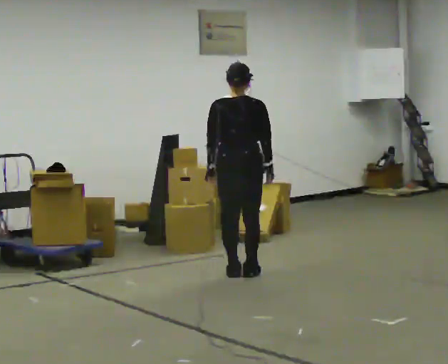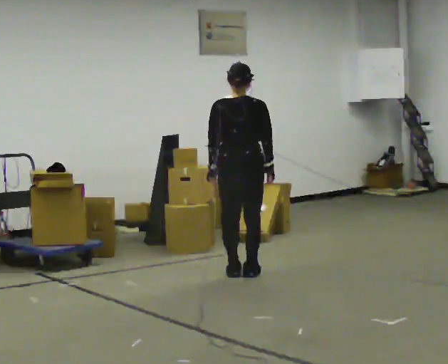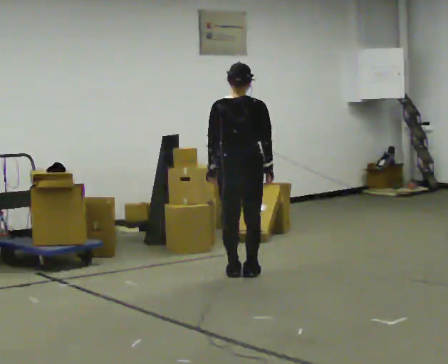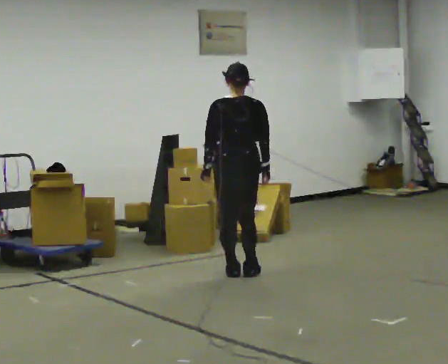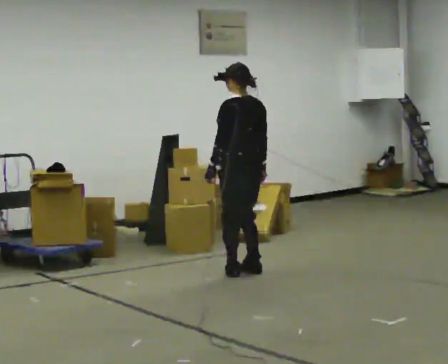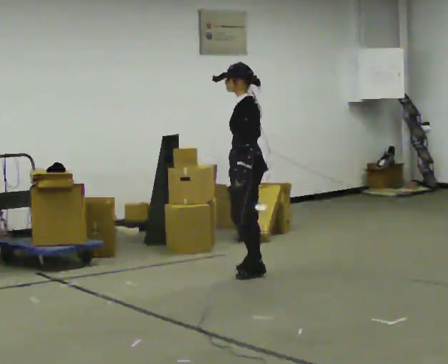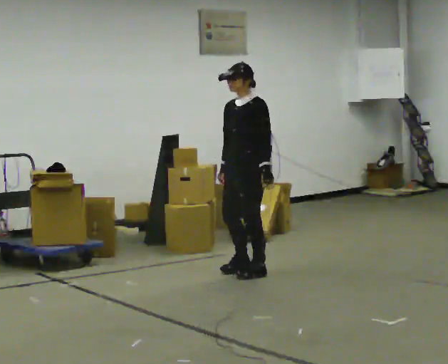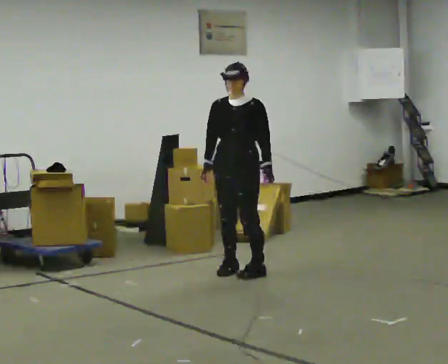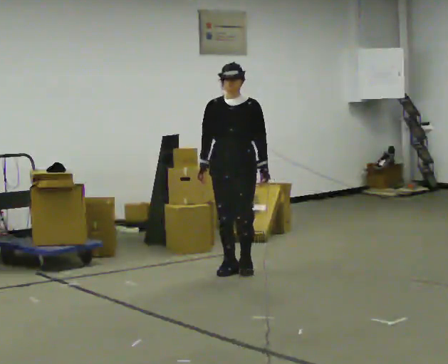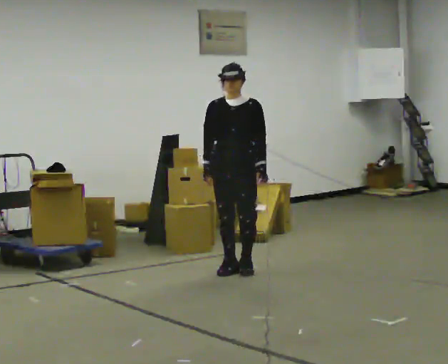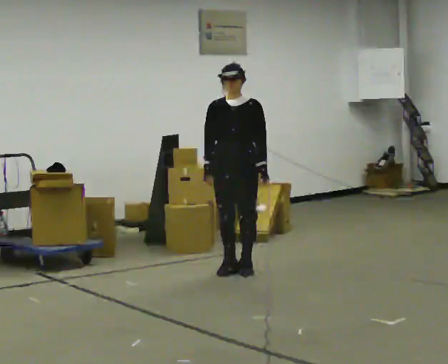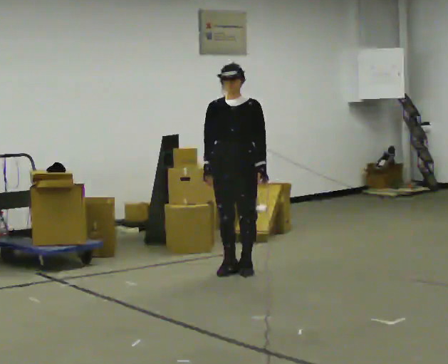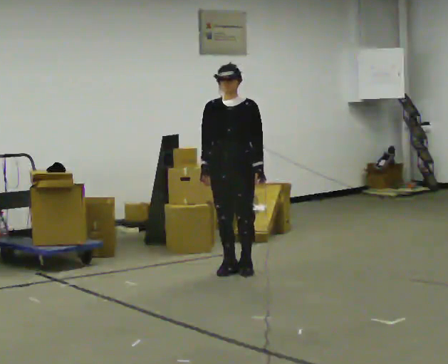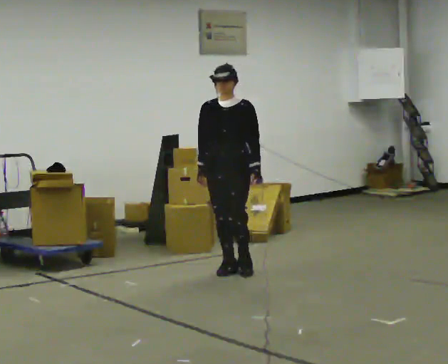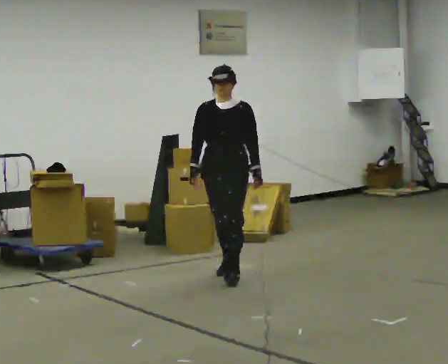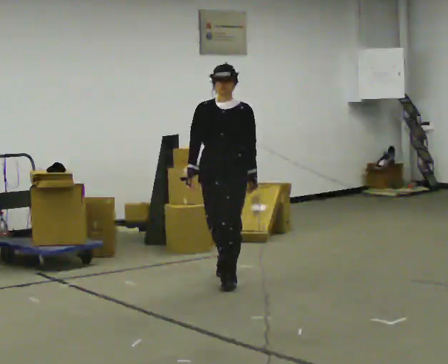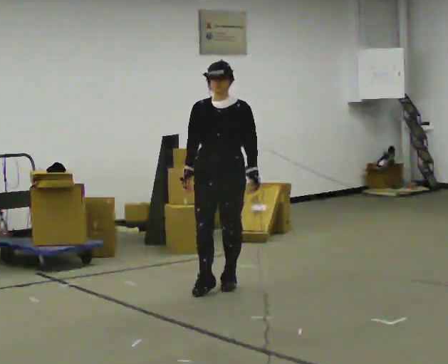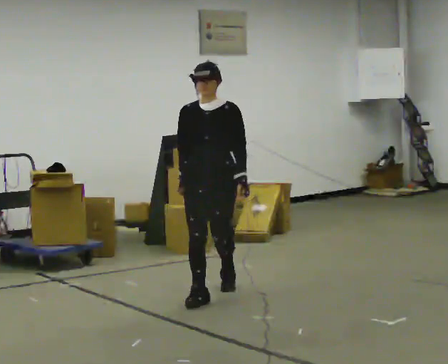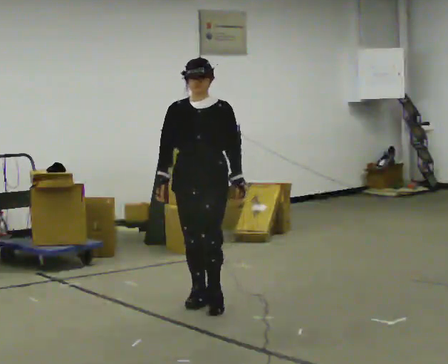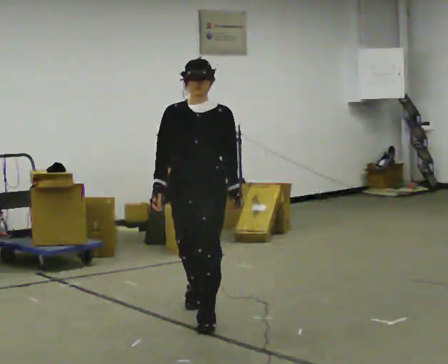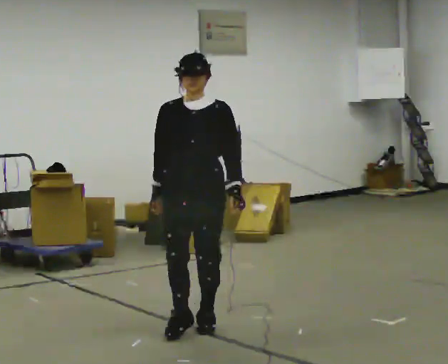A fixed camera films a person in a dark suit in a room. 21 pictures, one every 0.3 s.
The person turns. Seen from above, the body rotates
counterclockwise.
The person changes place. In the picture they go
toward the camera.
0.0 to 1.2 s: Seen from above the body turns counterclockwise, about 60 degrees: to their left, with its near side sliding to the right.
1.2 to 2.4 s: The person turns about 120 degrees to their left, counterclockwise seen from above, so the part of the body nearest the lens slides to the right. In the picture their left hand goes to the right, the arm swinging counterclockwise.
2.4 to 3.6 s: The person moves a little, or ends about where they began.
3.6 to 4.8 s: In the picture they go toward the camera, about 0.5 m in 1 step, which for them is forward.
4.8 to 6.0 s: In the picture they go toward the camera, about 1 m in 2 steps, which for them is forward.
The film runs forward here.
